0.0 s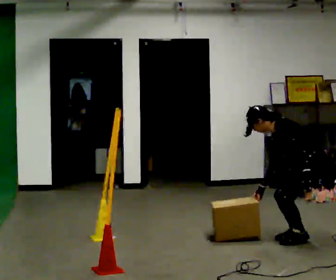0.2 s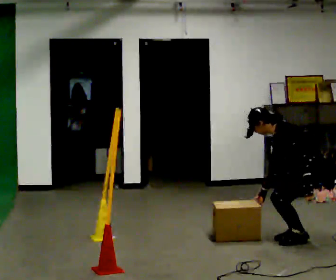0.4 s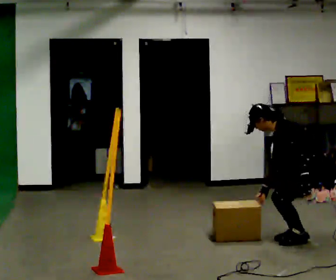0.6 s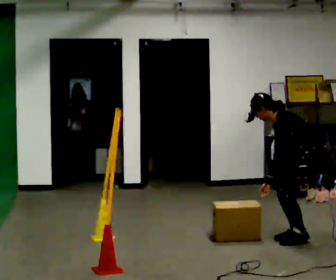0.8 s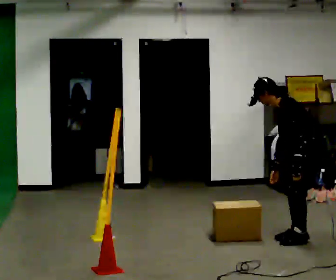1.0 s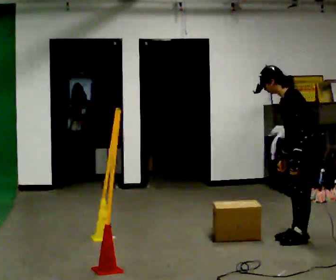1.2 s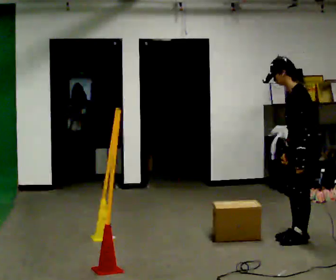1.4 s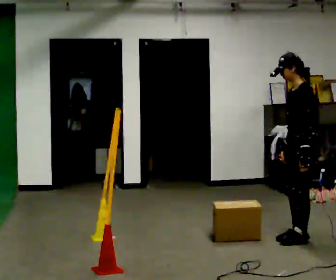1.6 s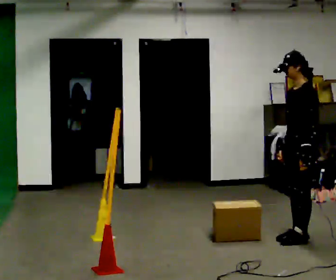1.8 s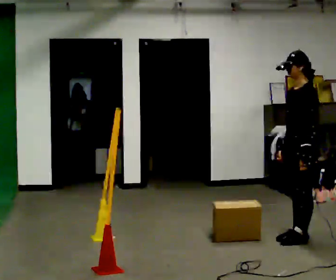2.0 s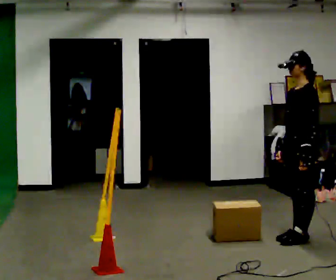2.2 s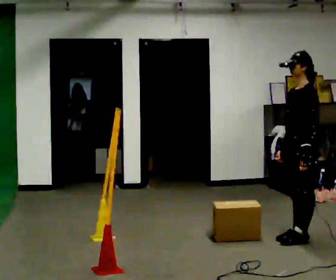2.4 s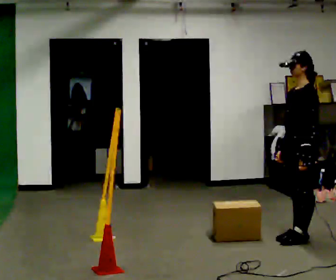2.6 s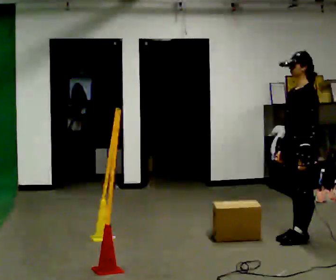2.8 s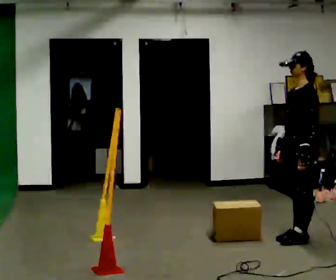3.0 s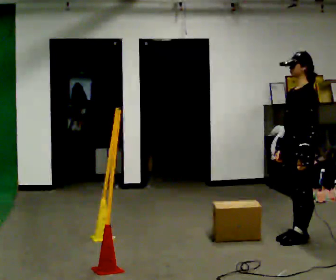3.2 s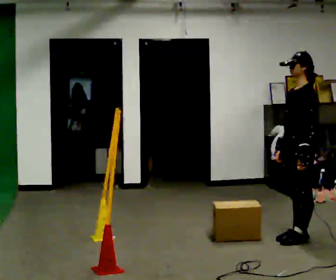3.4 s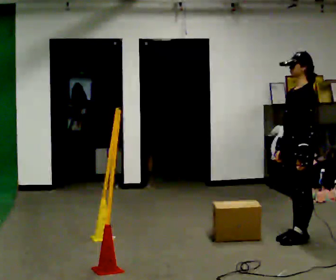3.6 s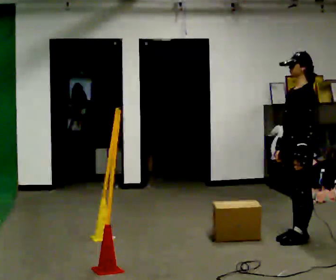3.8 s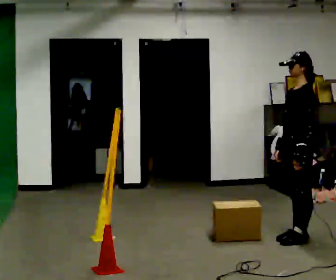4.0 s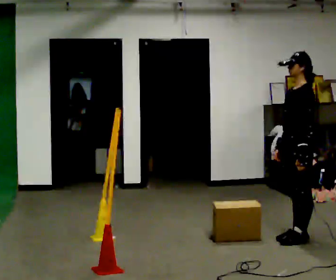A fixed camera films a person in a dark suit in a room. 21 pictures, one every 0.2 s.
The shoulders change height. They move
upward.
The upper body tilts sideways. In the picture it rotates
clockwise.
0.0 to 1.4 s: The upper body goes upward. In the picture the upper body tilts clockwise, shoulders to the right, as they lean back or straighten.
1.4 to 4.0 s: The person moves a little, or ends about where they began.
The film runs backward here.
